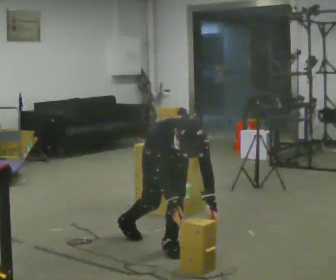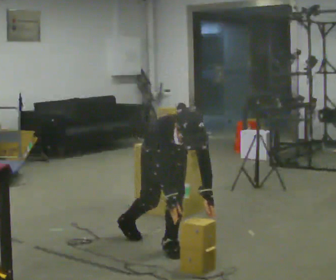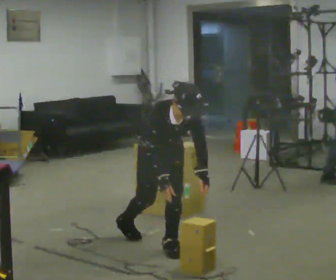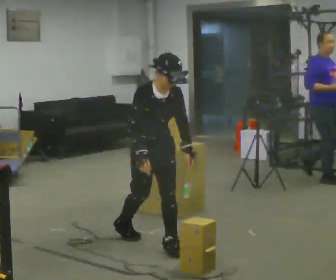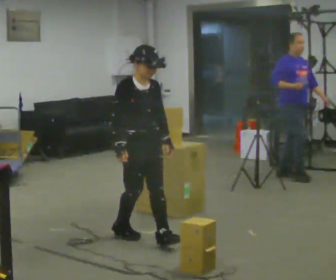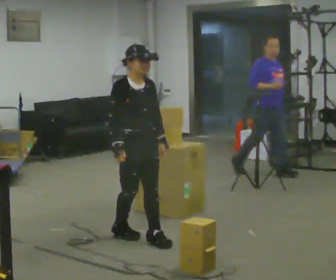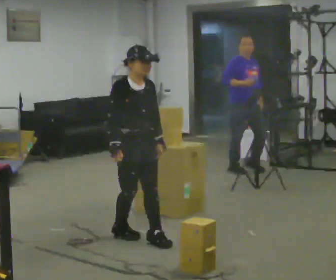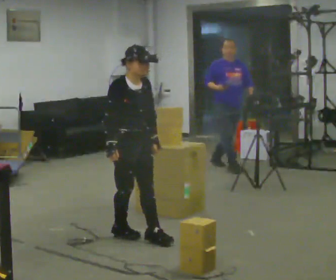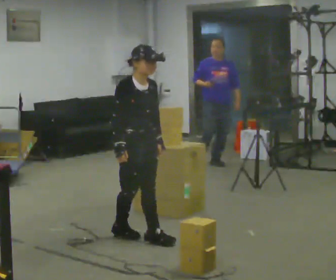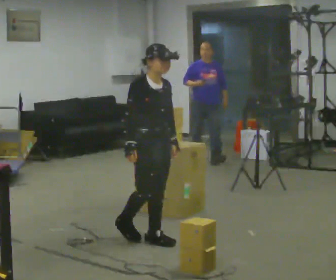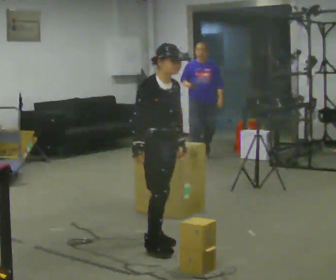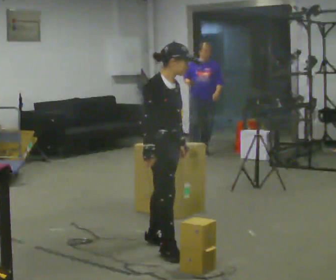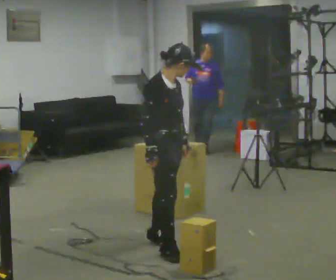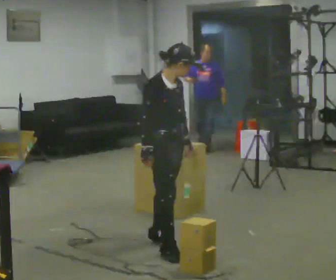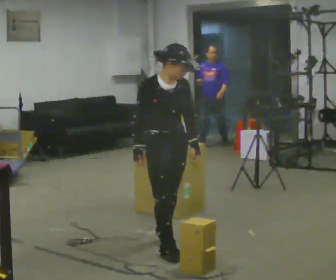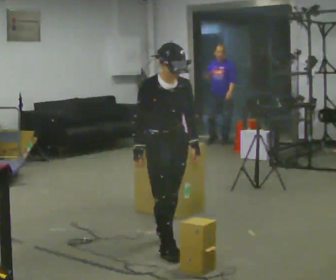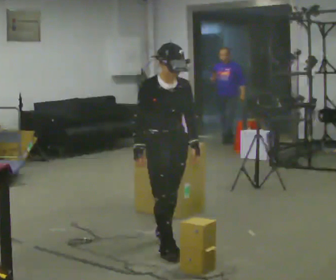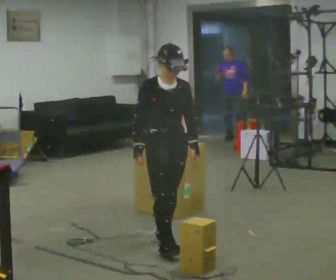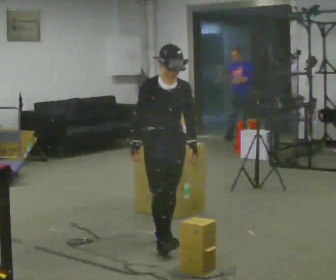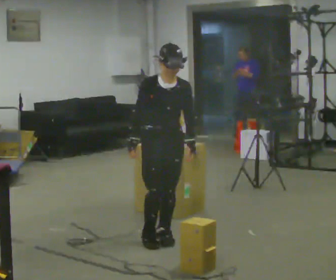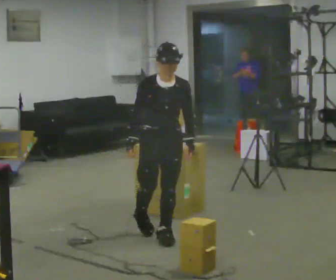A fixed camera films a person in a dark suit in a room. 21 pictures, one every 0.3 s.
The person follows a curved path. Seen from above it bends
clockwise.
The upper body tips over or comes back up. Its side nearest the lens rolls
upward.
0.0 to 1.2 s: Seen from above the body turns counterclockwise, about 30 degrees: to their left, with its near side sliding to the right. In the picture they go to the left and away from the camera, about 0.25 m in 1 step, which for them is backward and to their right. The shoulders move upward. The upper body tips away from the camera, its near side rolling upward, as they lean back or straighten.
1.2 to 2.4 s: The person moves a little, or ends about where they began.
2.4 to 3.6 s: In the picture they go toward the camera and to the right, about 0.25 m in 1 step, which for them is forward.
3.6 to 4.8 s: The person turns about 30 degrees to their right, clockwise seen from above, so the part of the body nearest the lens slides to the left.
4.8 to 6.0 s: In the picture they go away from the camera, about 0.25 m in 1 step, which for them is backward.
The film runs backward here.
